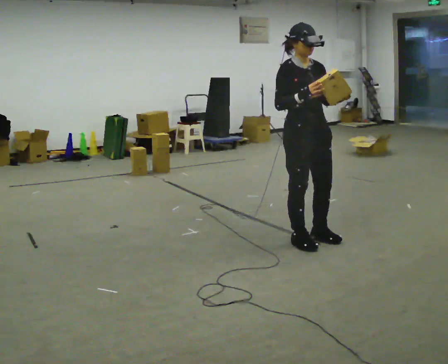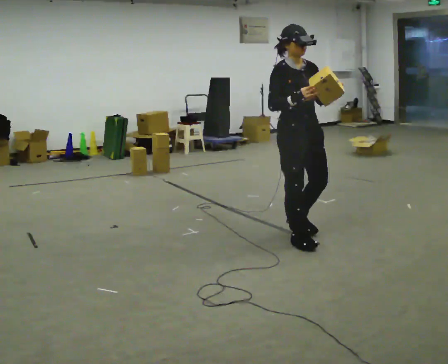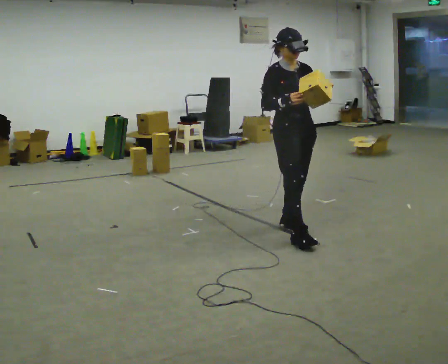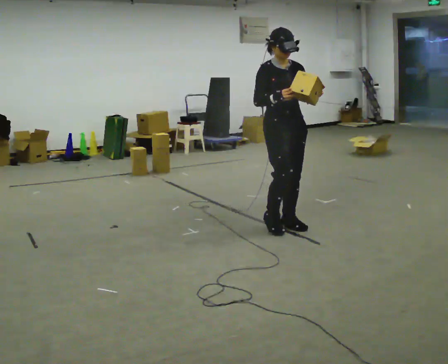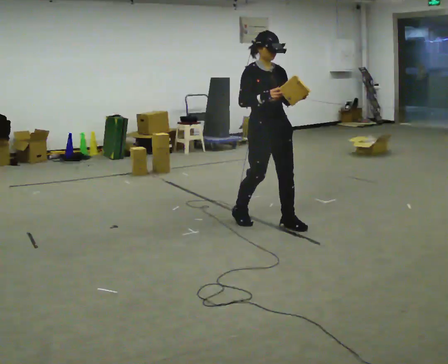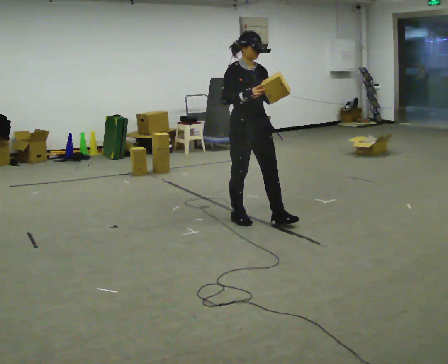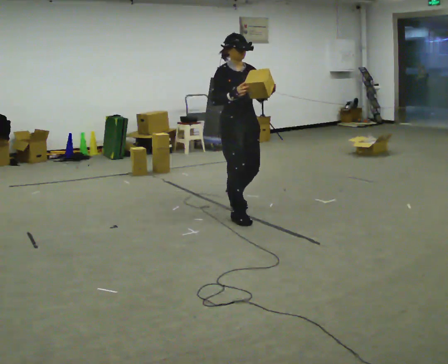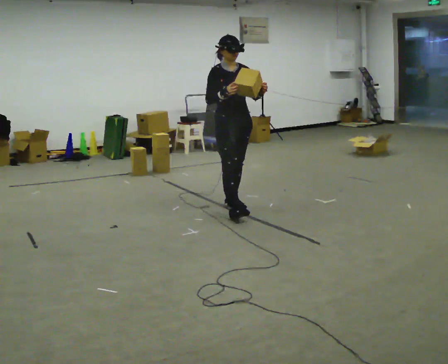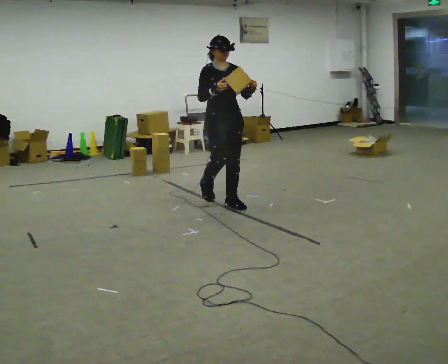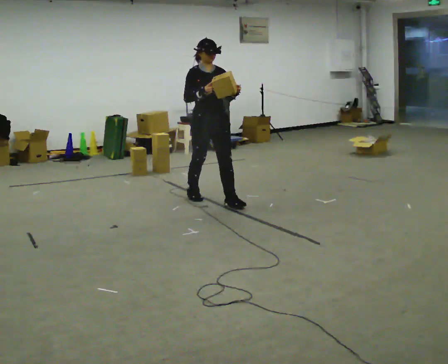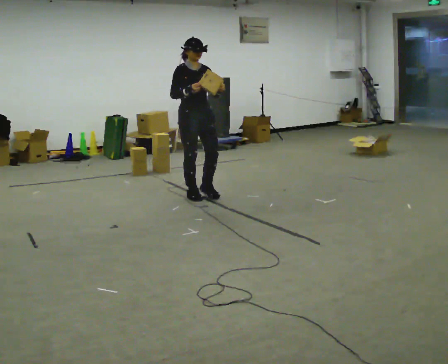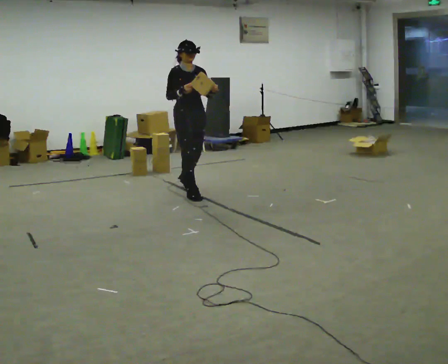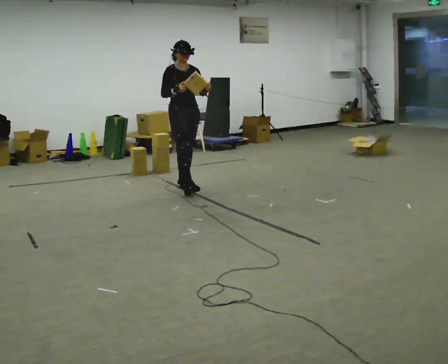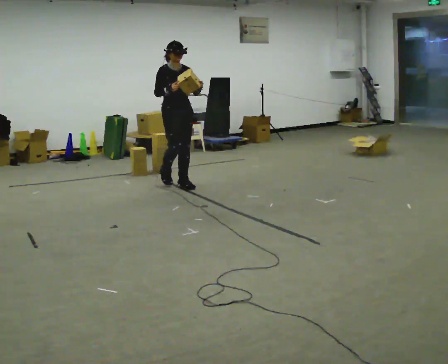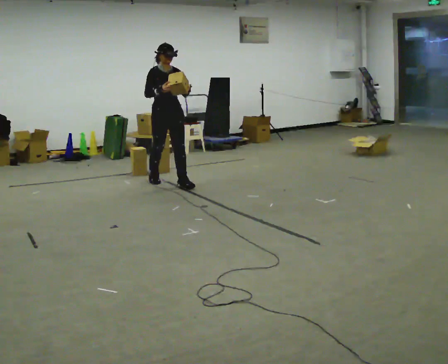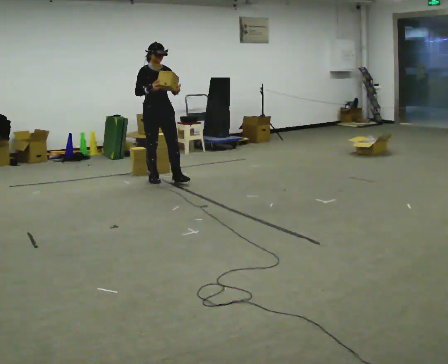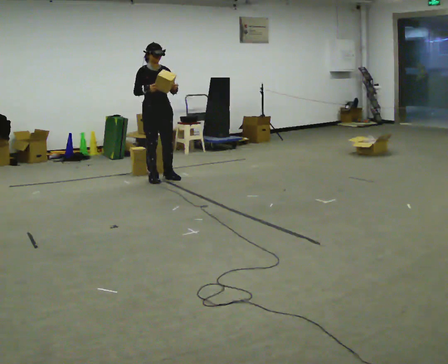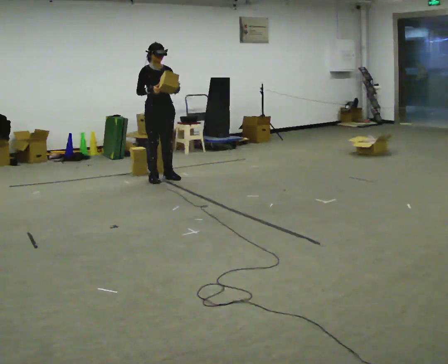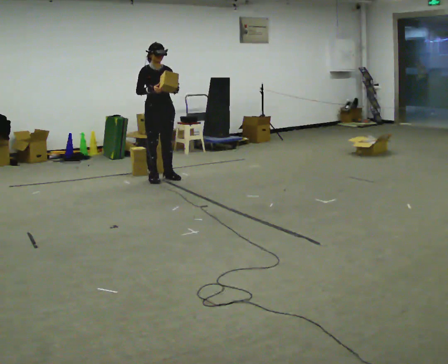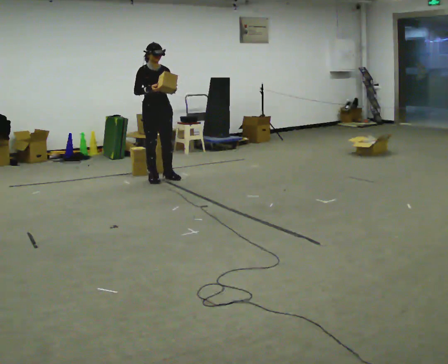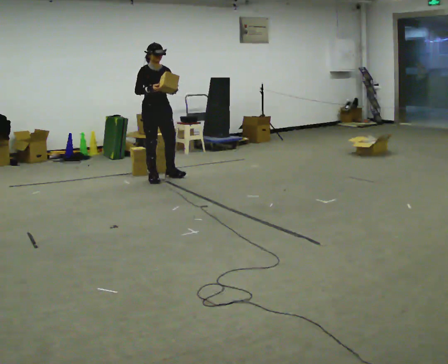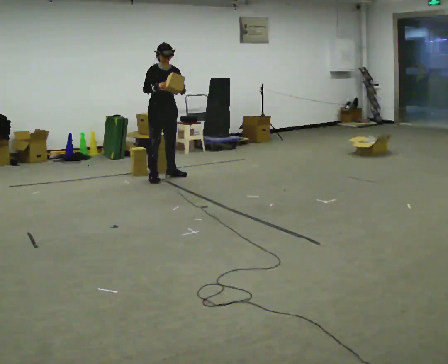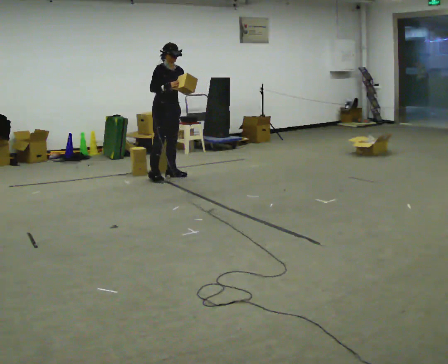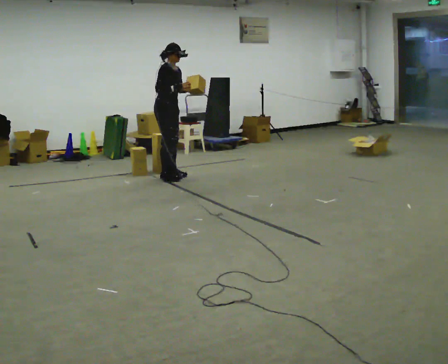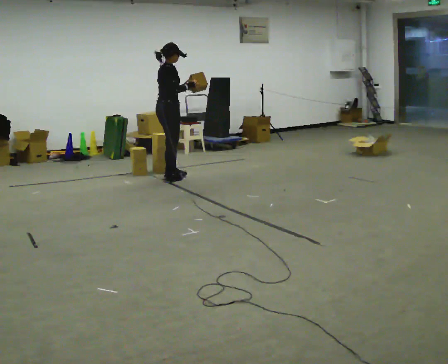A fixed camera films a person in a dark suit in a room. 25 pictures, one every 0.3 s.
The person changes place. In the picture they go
away from the camera.
0.0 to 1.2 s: In the picture they go away from the camera and to the left, about 0.5 m in 2 steps, which for them is backward.
1.2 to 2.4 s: In the picture they go away from the camera and to the left, about 0.5 m in 2 steps, which for them is backward.
2.4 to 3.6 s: In the picture they go away from the camera and to the left, about 1 m in 2 steps, which for them is backward.
3.6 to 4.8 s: In the picture they go away from the camera and to the left, about 0.5 m in 1 step, which for them is backward.
4.8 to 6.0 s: The person moves a little, or ends about where they began.
6.0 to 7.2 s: The person turns about 75 degrees to their left, counterclockwise seen from above, so the part of the body nearest the lens slides to the right. In the picture their right hand goes to the right.
The film runs backward here.
